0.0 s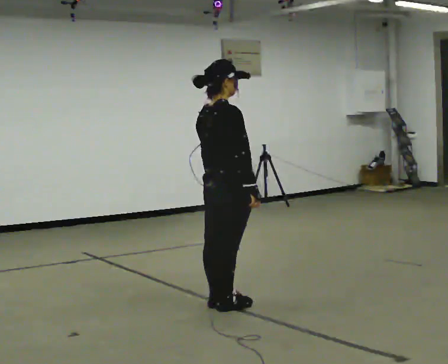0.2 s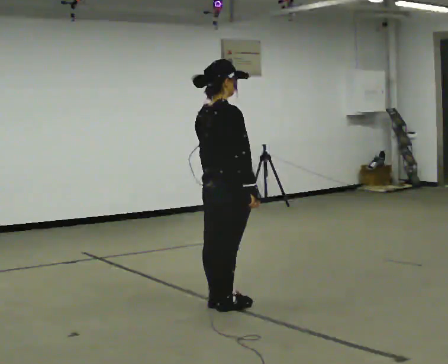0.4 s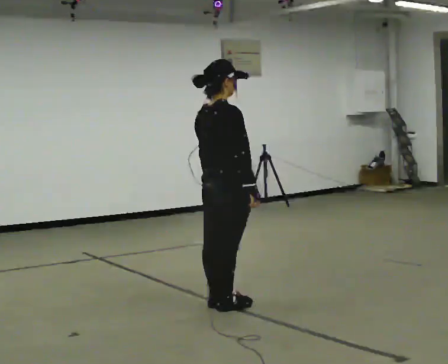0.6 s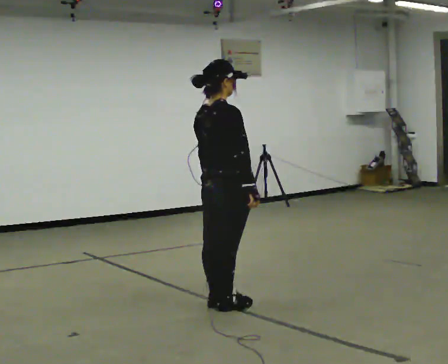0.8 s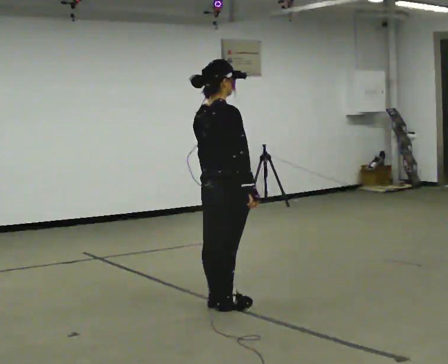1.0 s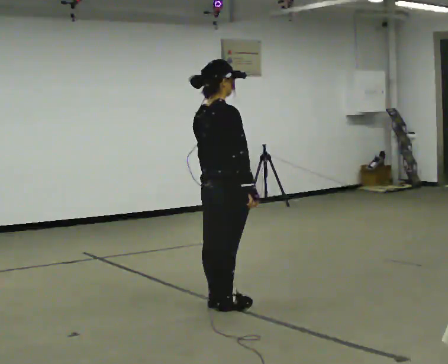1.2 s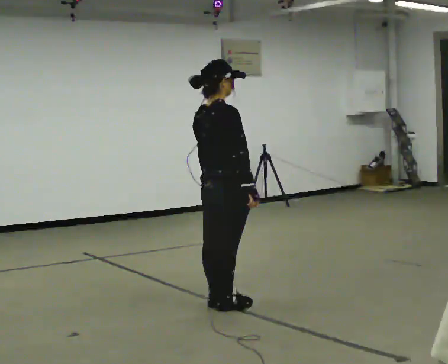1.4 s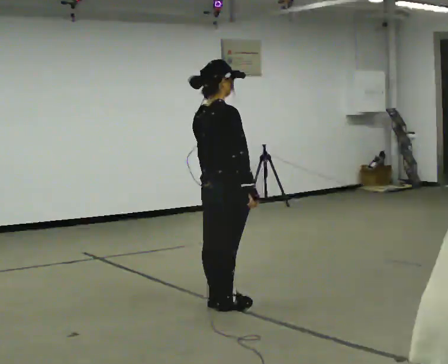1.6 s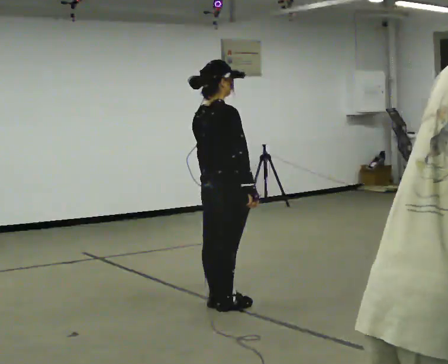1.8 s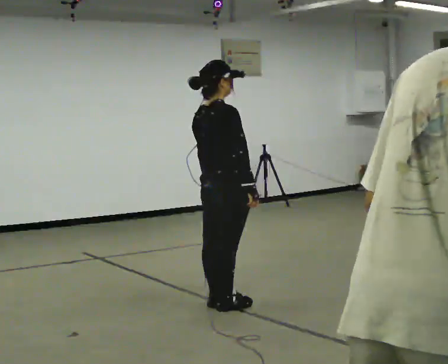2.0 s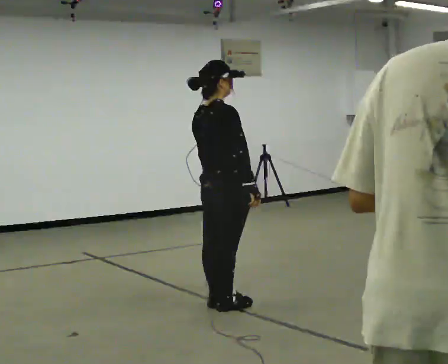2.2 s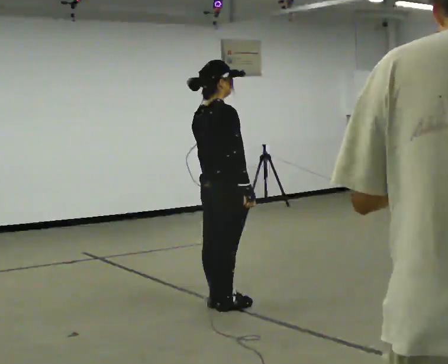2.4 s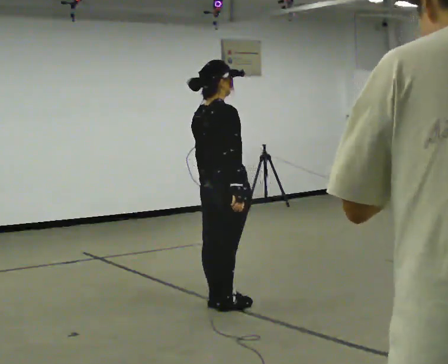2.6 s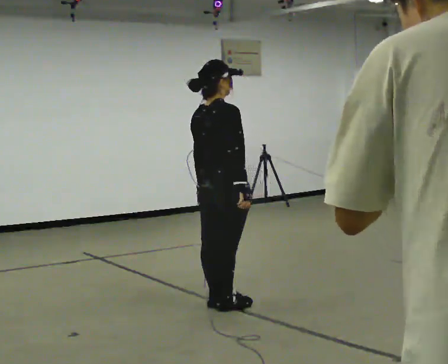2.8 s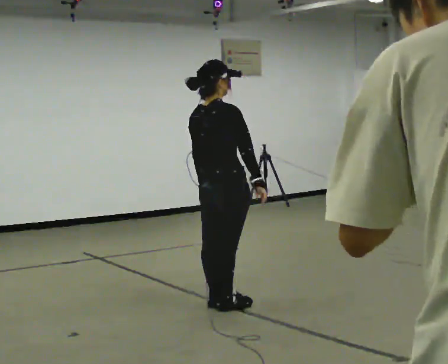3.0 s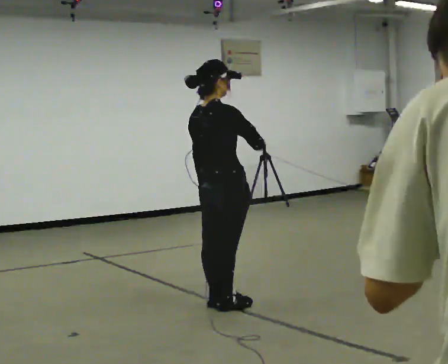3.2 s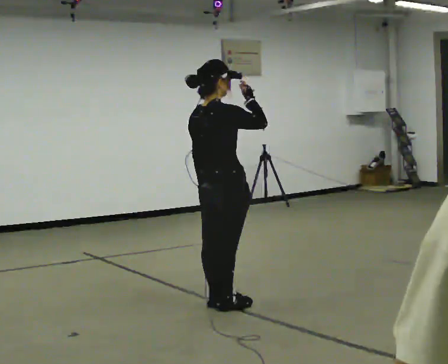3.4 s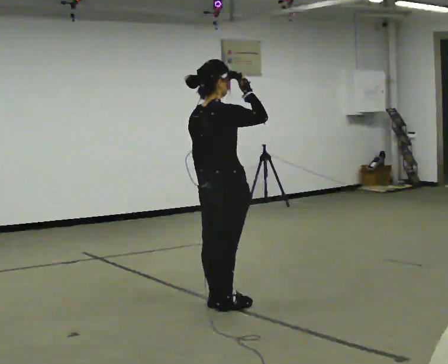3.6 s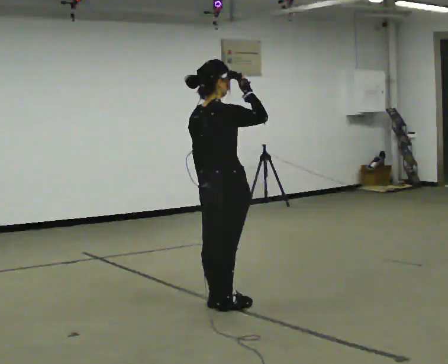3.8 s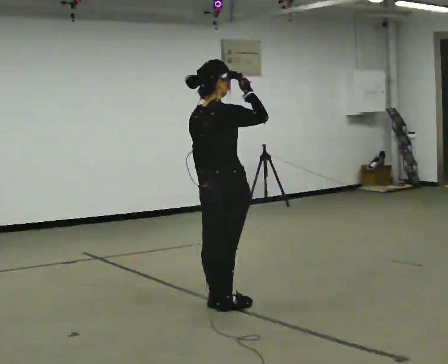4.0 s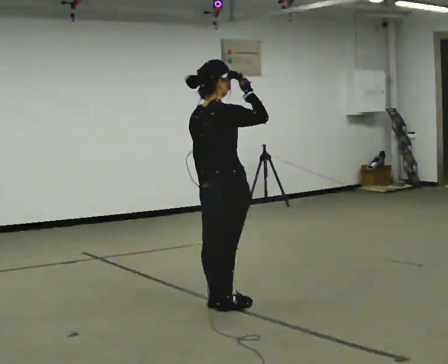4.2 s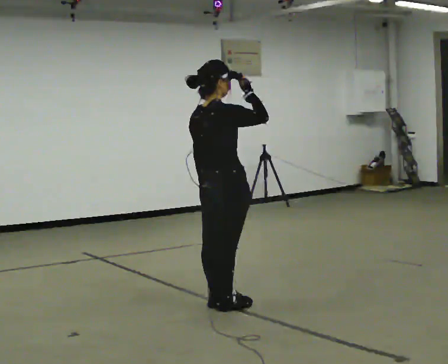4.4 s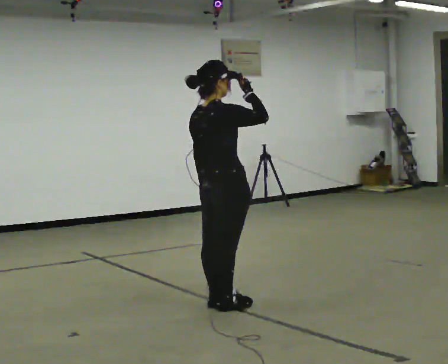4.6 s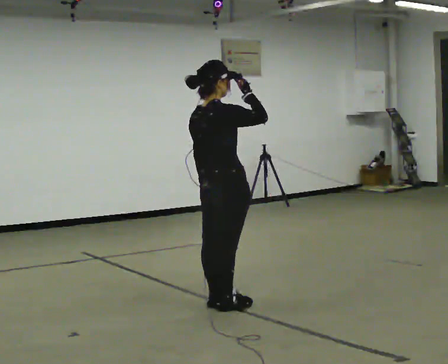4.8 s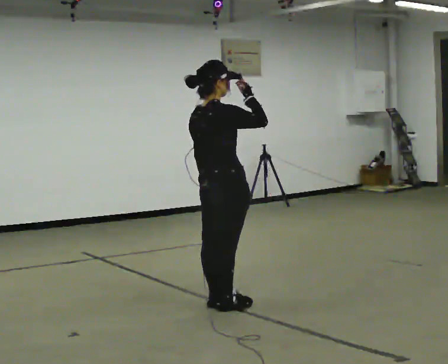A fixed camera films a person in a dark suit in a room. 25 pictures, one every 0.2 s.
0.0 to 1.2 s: The person keeps their place and pose.
1.2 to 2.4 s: The person moves a little, or ends about where they began.
2.4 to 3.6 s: In the picture their right hand goes upward.
3.6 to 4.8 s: The person moves a little, or ends about where they began.
The film runs backward here.
